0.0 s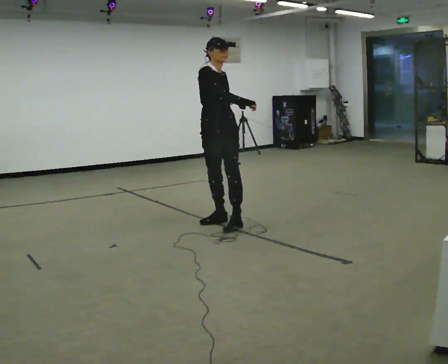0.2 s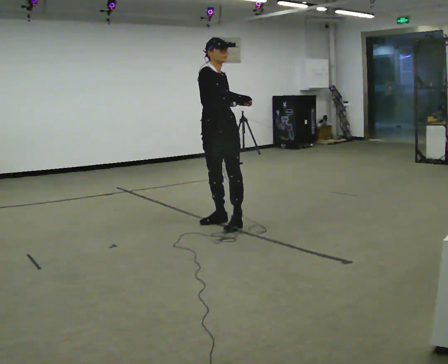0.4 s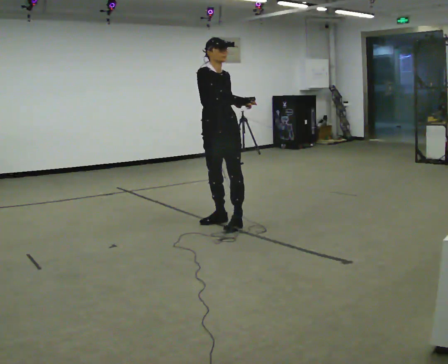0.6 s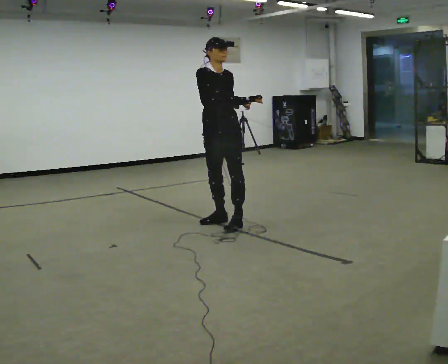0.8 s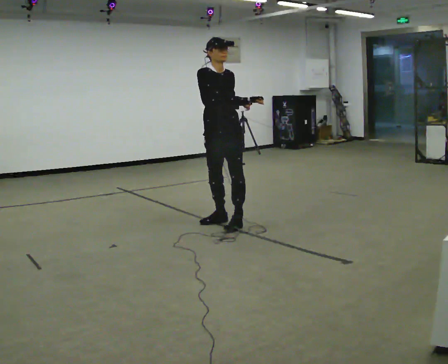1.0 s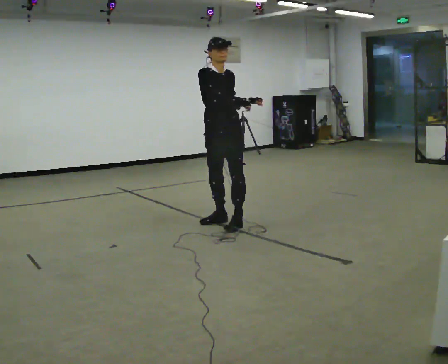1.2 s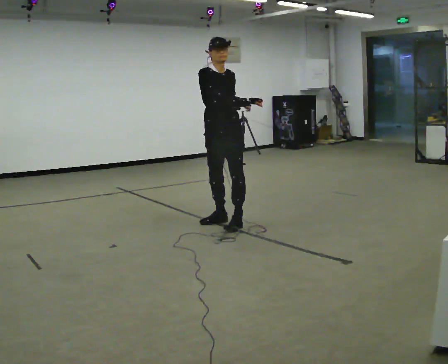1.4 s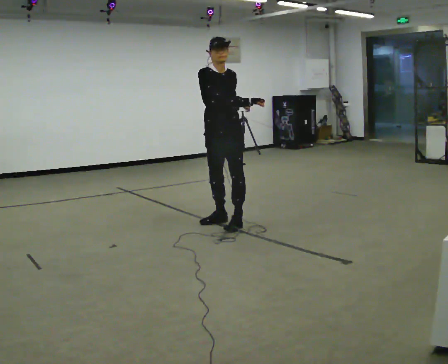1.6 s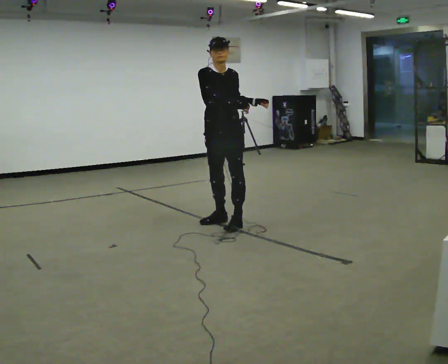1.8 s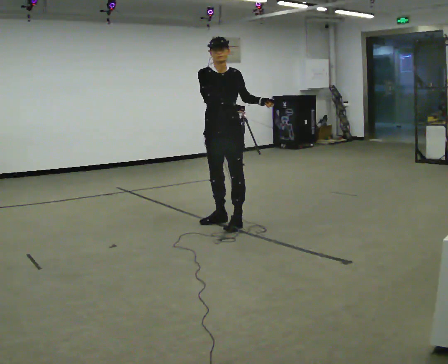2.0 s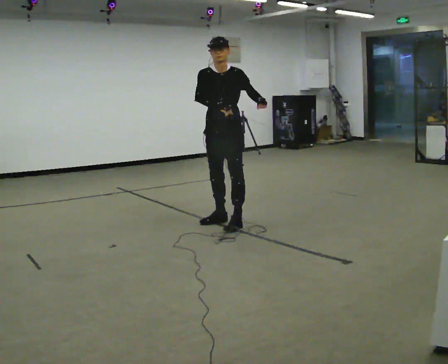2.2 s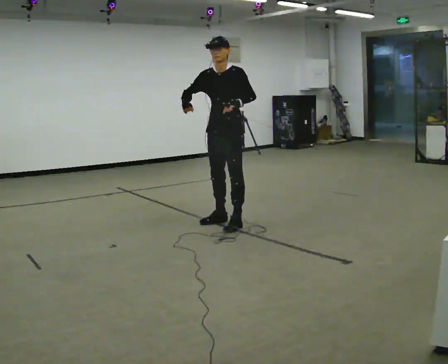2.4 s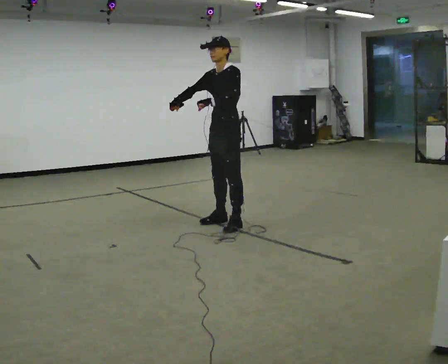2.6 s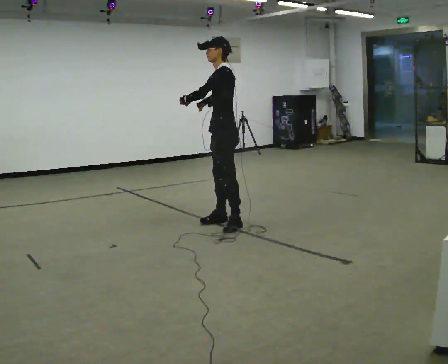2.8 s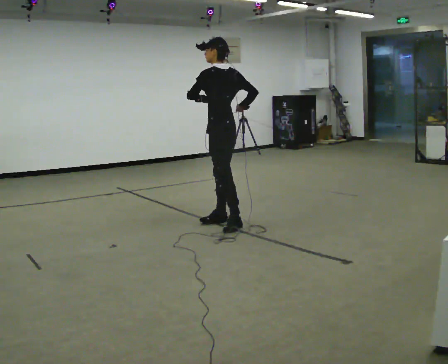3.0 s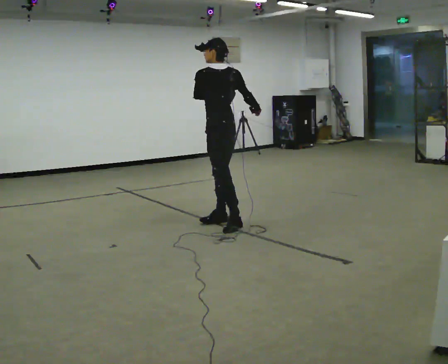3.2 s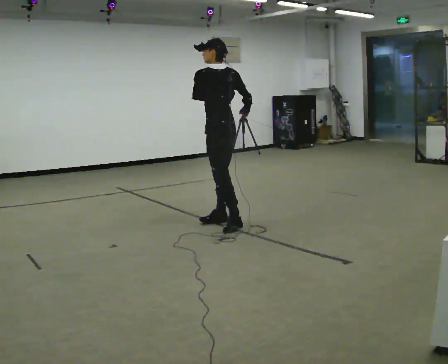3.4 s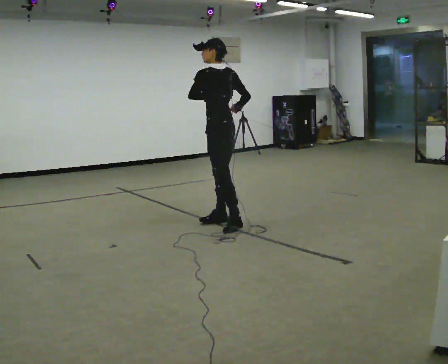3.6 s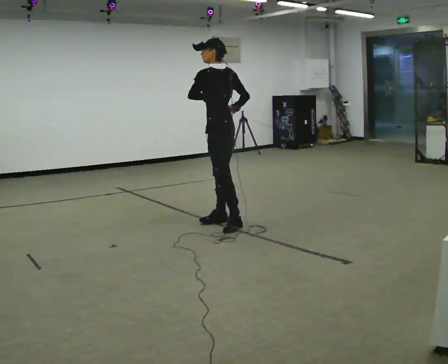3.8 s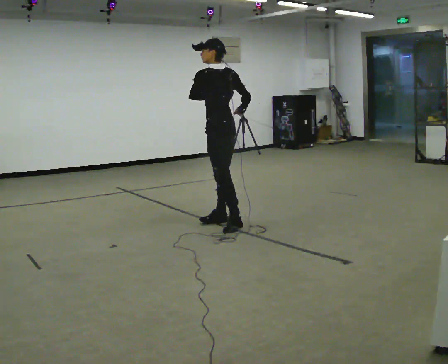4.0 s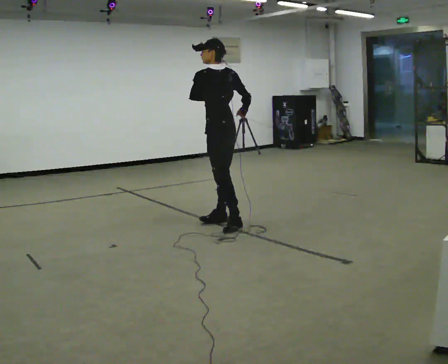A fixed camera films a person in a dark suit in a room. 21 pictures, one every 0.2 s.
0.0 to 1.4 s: The person moves a little, or ends about where they began.
1.4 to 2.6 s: The person turns about 105 degrees to their right, clockwise seen from above, so the part of the body nearest the lens slides to the left. In the picture their left hand goes to the left.
2.6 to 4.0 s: Seen from above the body turns clockwise, about 30 degrees: to their right, with its near side sliding to the left. In the picture their right hand goes to the right.
The film runs forward here.
